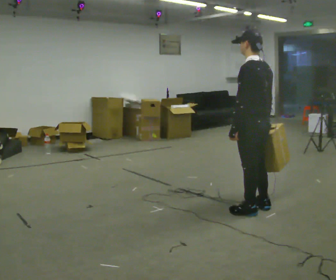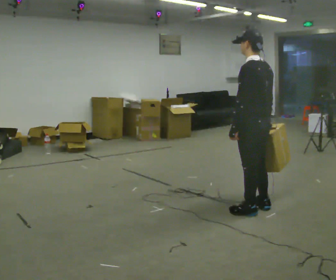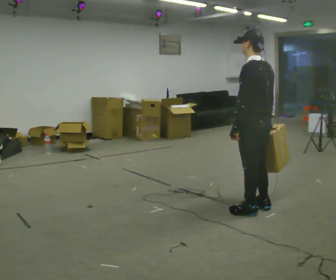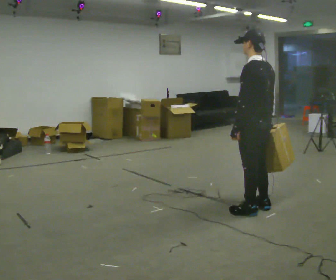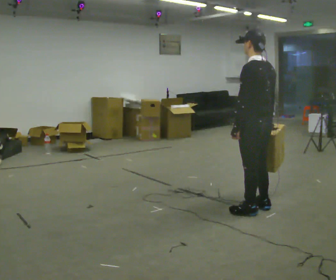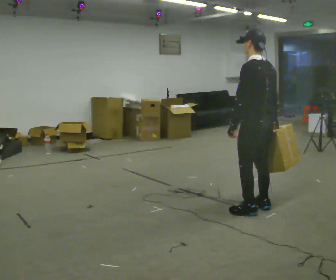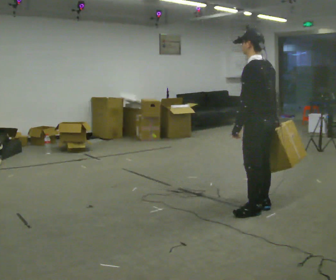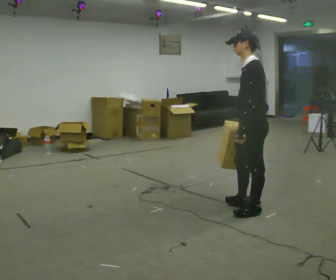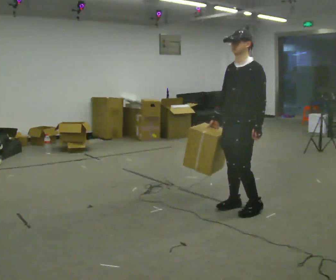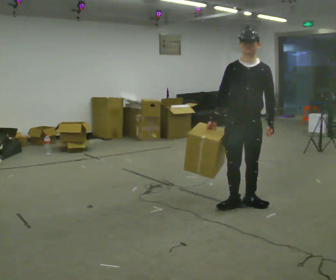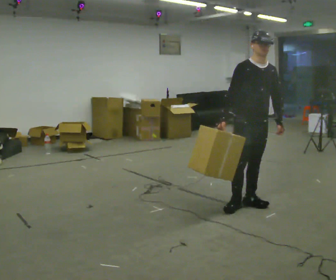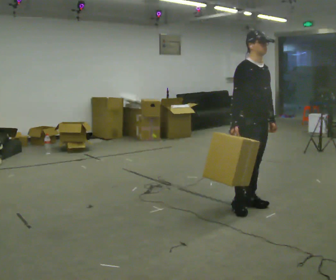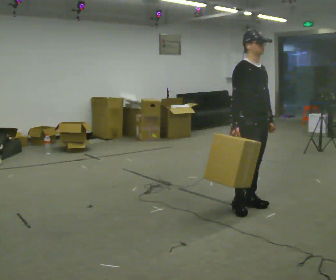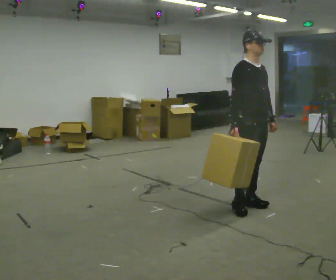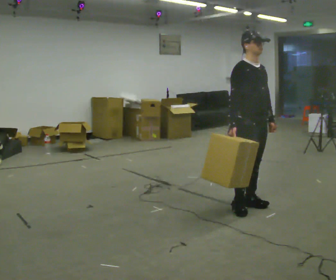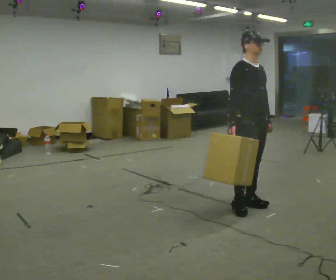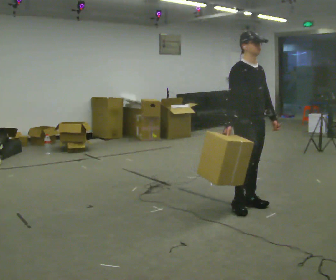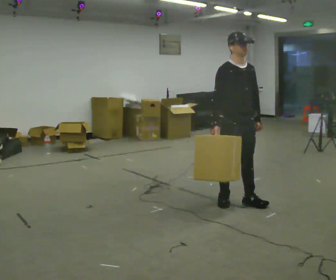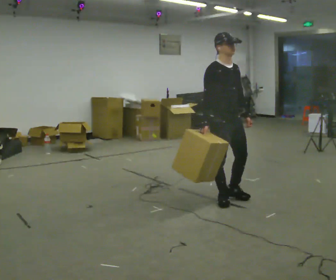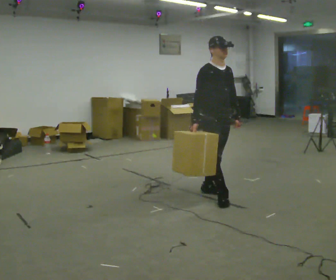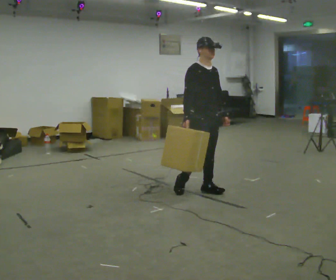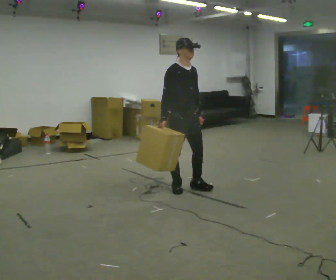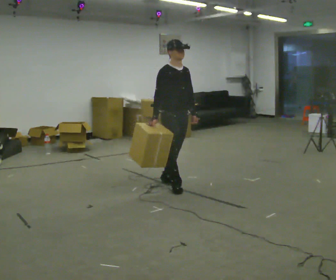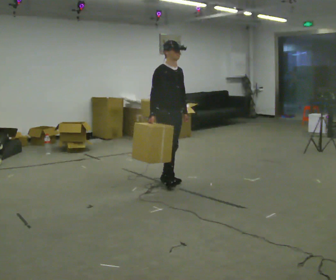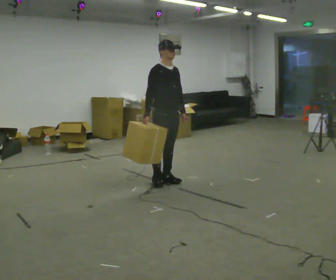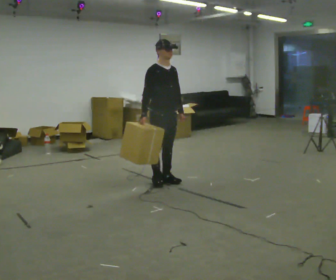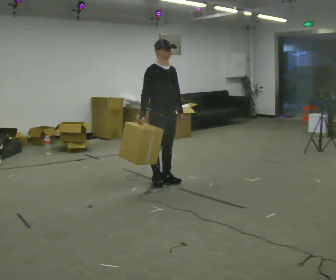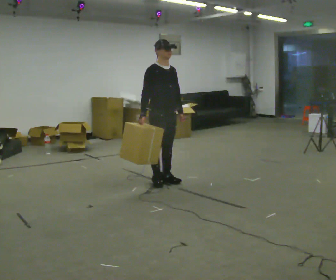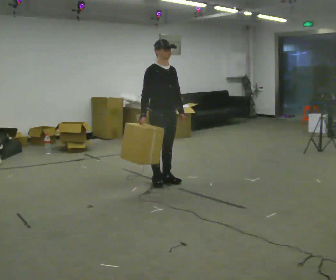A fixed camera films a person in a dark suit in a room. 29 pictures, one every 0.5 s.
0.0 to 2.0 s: The person moves a little, or ends about where they began.
2.0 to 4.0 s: The part of the body nearest the lens slides to the right as the person turns to their left by about 75 degrees. In the picture their right hand goes to the left.
4.0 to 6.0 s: Seen from above the body turns counterclockwise, about 105 degrees: to their left, with its near side sliding to the right.
6.0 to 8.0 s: The person moves a little, or ends about where they began.
8.0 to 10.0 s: In the picture they go away from the camera and to the left, about 0.75 m in 3 steps, which for them is backward.
10.0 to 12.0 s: In the picture they go to the left and away from the camera, about 0.5 m in 2 steps, which for them is backward.
12.0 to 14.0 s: The person moves a little, or ends about where they began.
The film runs backward here.
